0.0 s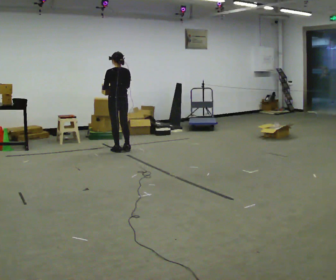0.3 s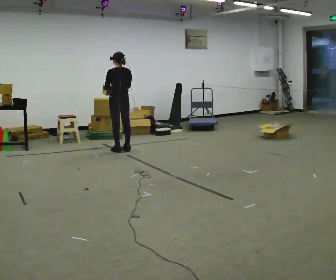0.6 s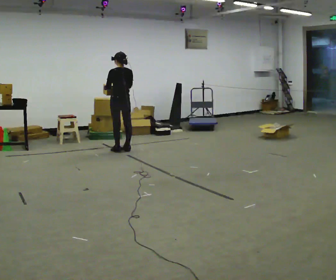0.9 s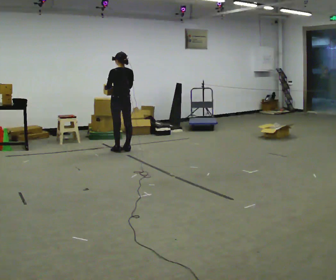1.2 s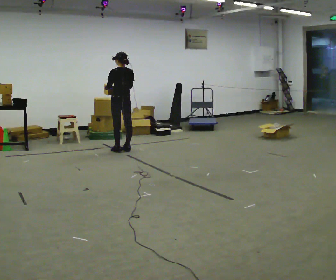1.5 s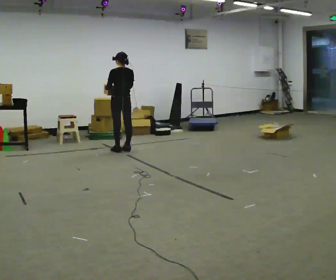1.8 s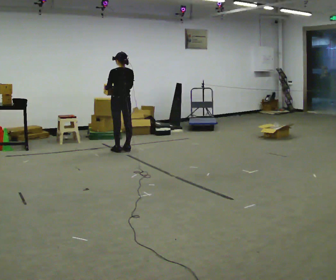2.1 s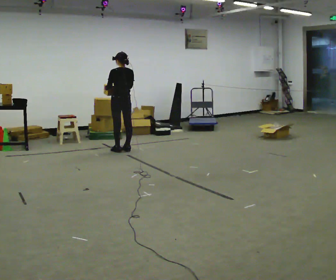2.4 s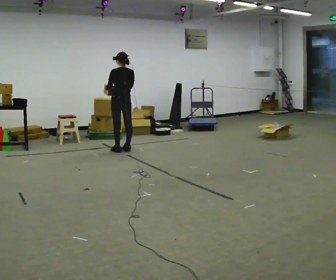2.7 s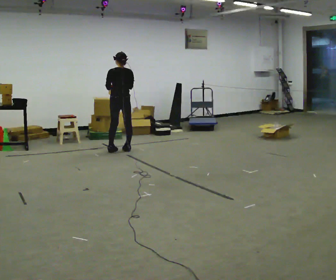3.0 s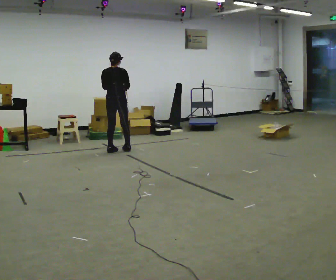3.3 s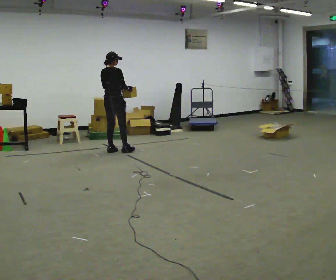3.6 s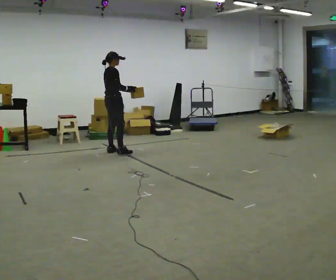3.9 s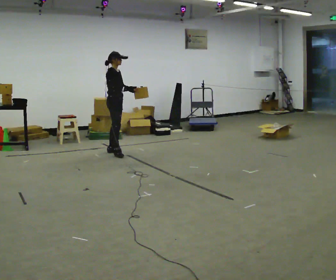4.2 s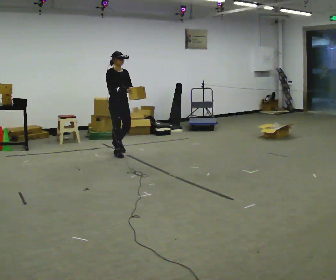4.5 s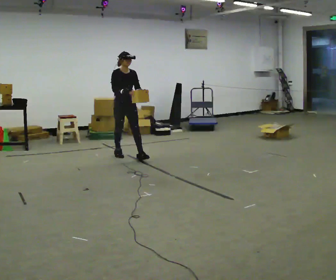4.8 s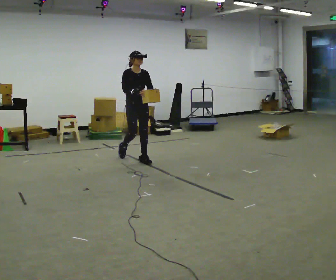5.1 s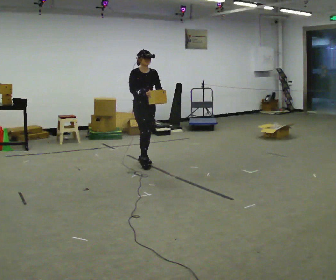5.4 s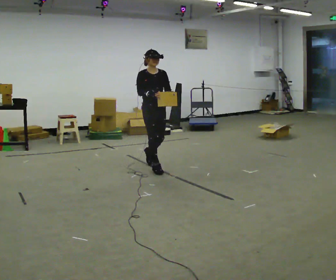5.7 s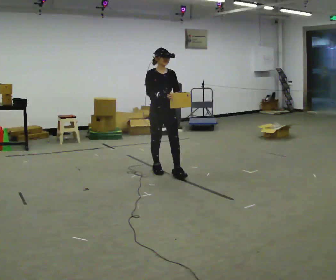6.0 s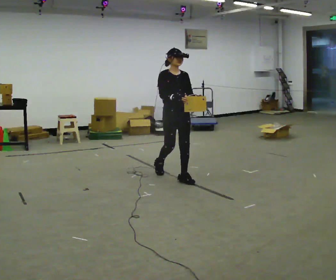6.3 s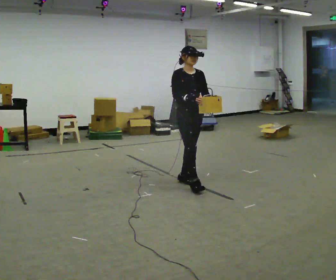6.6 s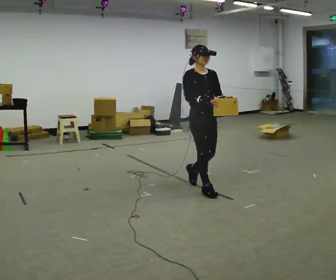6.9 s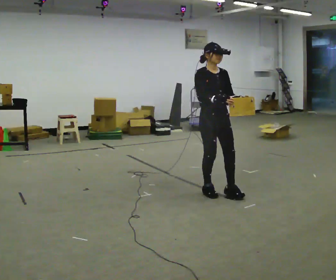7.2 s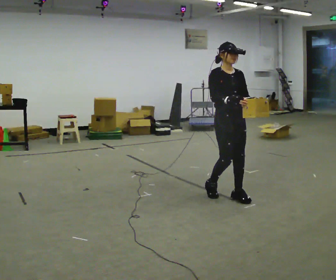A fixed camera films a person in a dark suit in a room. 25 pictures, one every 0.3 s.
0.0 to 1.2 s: The person moves a little, or ends about where they began.
1.2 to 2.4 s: The person keeps their place and pose.
2.4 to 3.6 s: The person turns about 90 degrees to their right, clockwise seen from above, so the part of the body nearest the lens slides to the left. In the picture they go to the left and toward the camera, about 0.25 m.
3.6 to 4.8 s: The part of the body nearest the lens slides to the left as the person turns to their right by about 90 degrees. In the picture they go toward the camera and to the right, about 0.5 m in 2 steps.
4.8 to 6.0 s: In the picture they go toward the camera and to the right, about 1 m in 2 steps, which for them is forward.
6.0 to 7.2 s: In the picture they go toward the camera and to the right, about 1 m in 2 steps, which for them is forward.
The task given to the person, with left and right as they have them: Carry the light box in both hands in front of you, walking back and forth across the room. Keep walking until the operator says stop.
The film runs forward here.
